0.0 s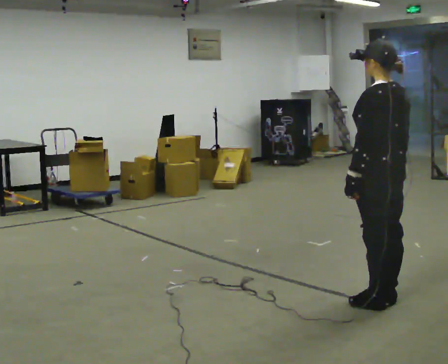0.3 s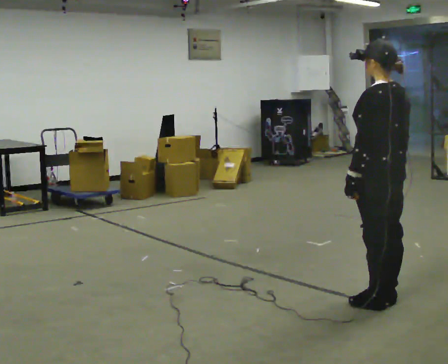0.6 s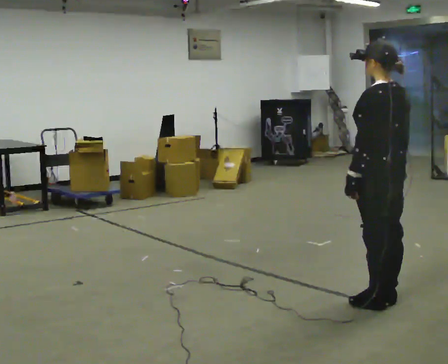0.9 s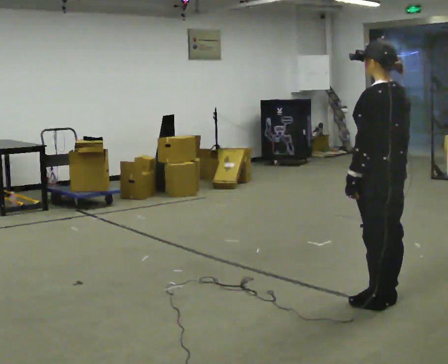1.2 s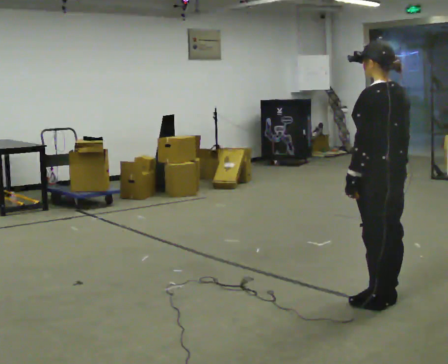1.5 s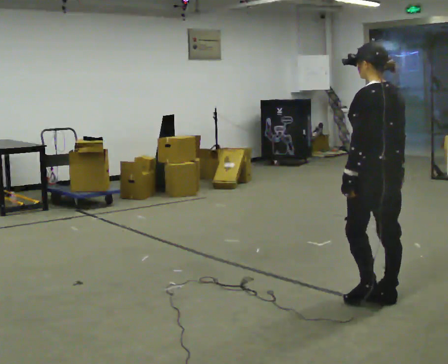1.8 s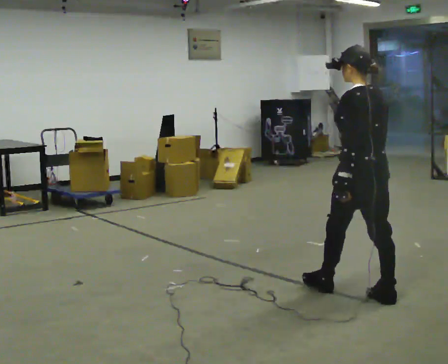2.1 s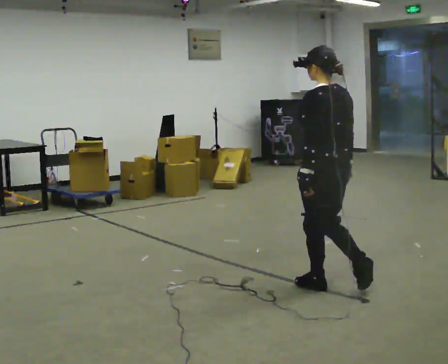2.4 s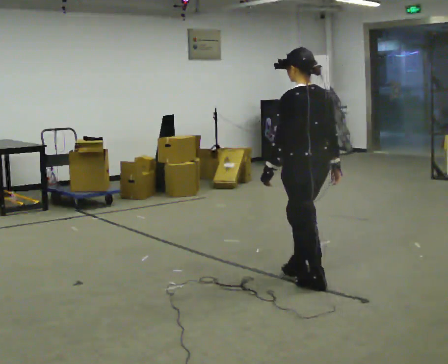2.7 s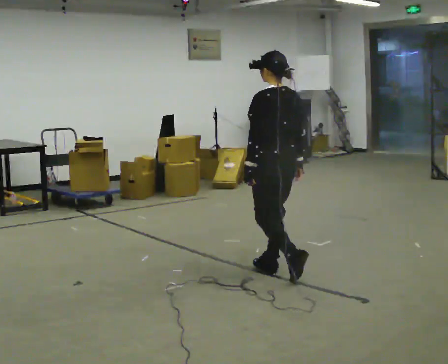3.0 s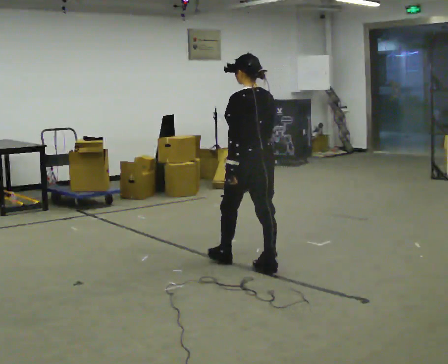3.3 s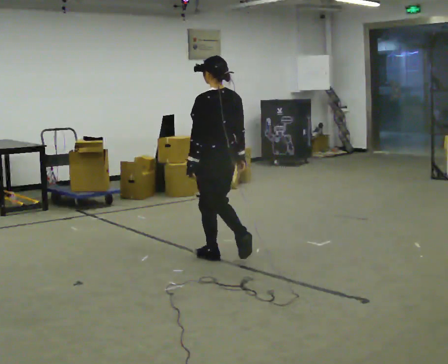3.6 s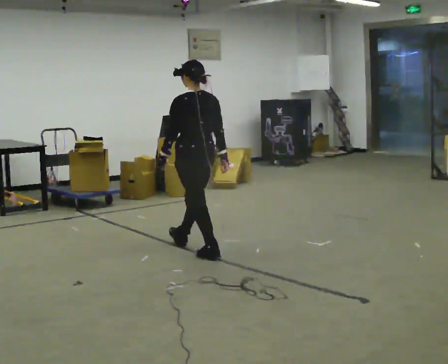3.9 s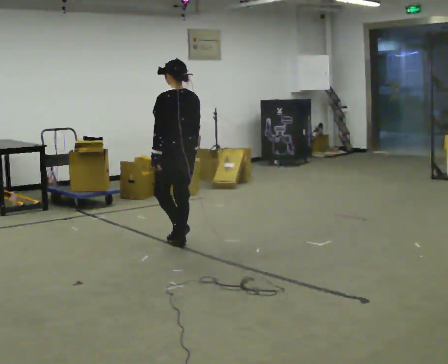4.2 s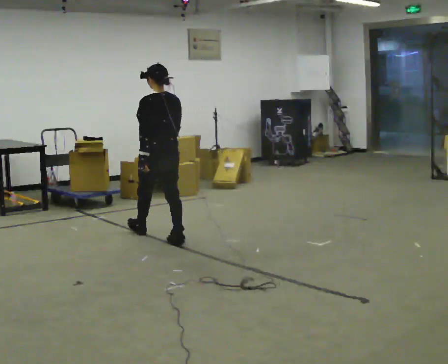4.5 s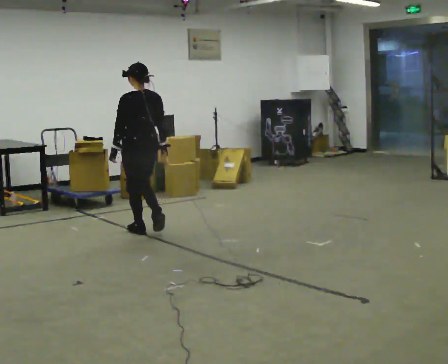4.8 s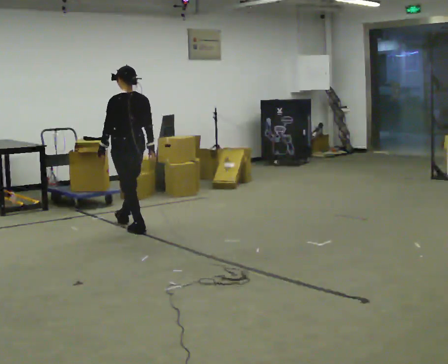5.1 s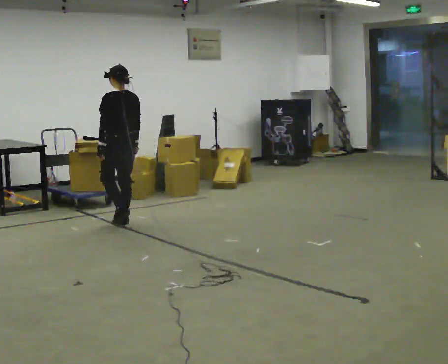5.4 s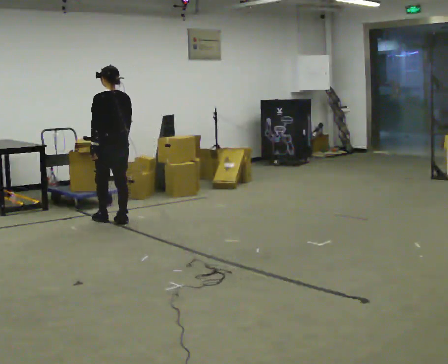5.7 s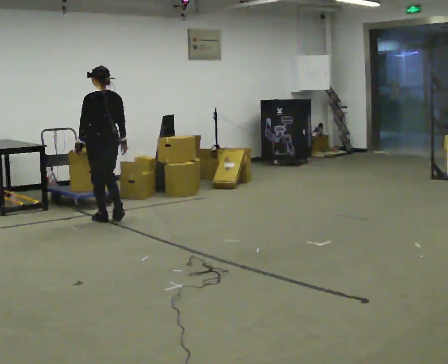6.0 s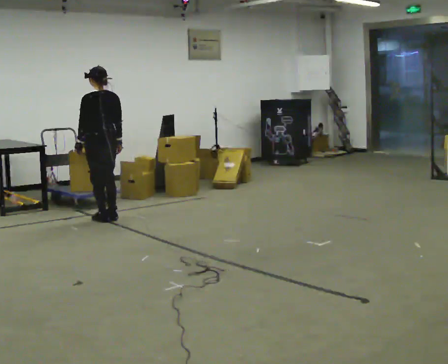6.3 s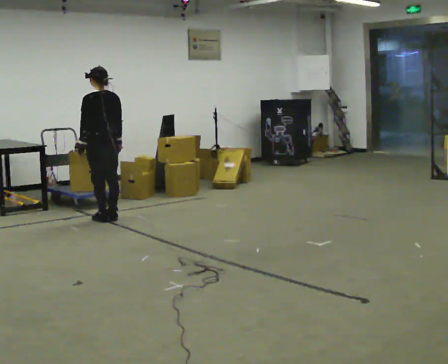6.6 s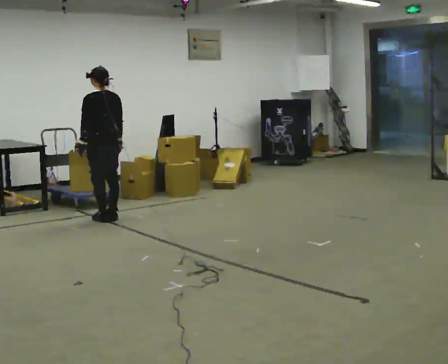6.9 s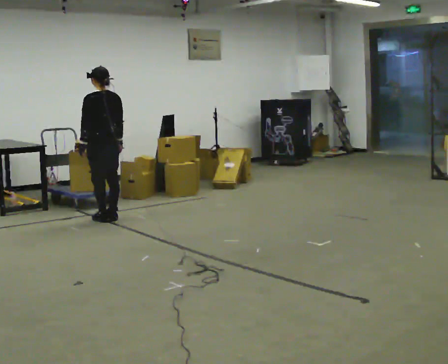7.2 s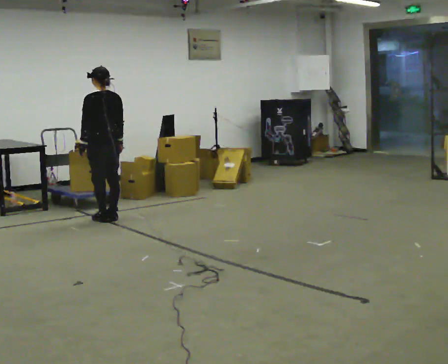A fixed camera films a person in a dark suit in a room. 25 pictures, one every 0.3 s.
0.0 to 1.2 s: The person keeps their place and pose.
1.2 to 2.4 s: In the picture they go away from the camera and to the left, about 0.75 m in 1 step, which for them is forward.
2.4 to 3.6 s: In the picture they go away from the camera and to the left, about 1 m in 2 steps, which for them is forward.
3.6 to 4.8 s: In the picture they go away from the camera and to the left, about 1 m in 2 steps, which for them is forward.
4.8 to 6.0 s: In the picture they go away from the camera and to the left, about 0.5 m in 3 steps, which for them is forward.
6.0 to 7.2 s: The person moves a little, or ends about where they began.
The film runs forward here.
